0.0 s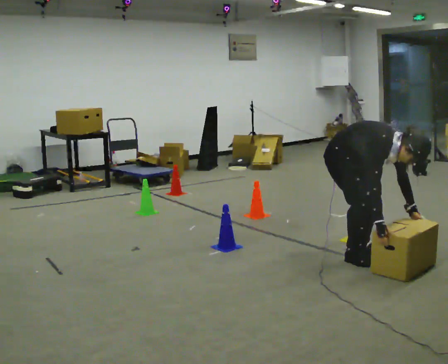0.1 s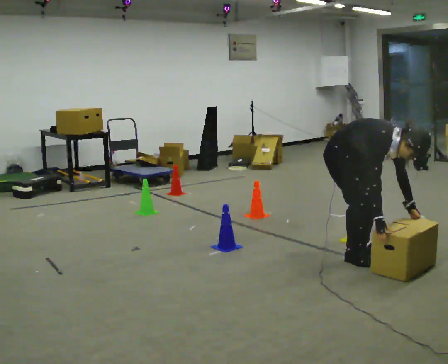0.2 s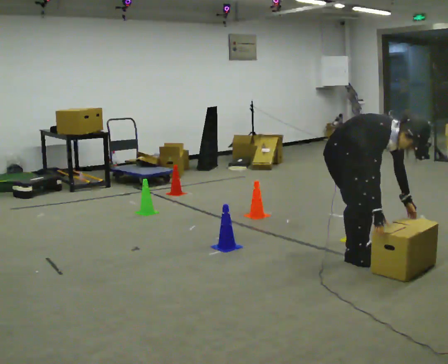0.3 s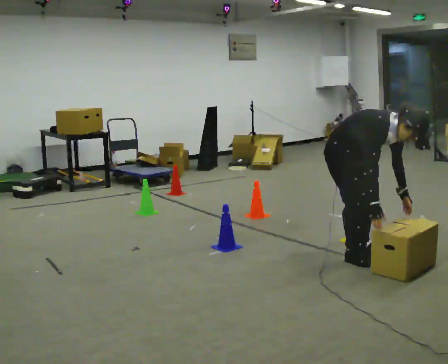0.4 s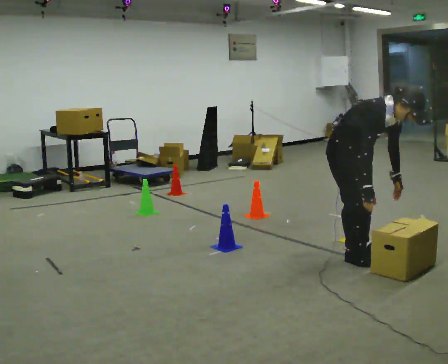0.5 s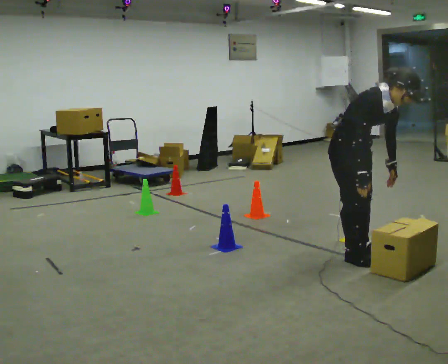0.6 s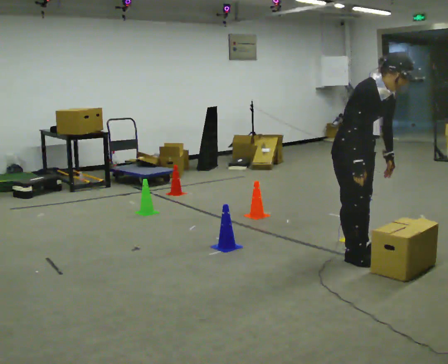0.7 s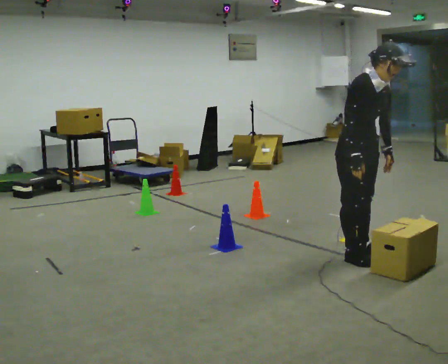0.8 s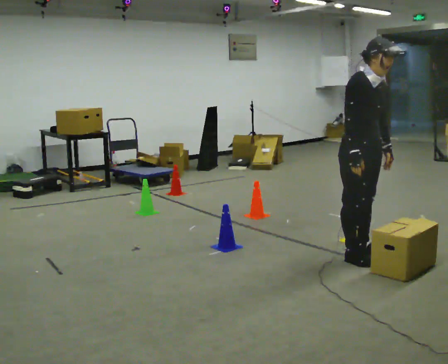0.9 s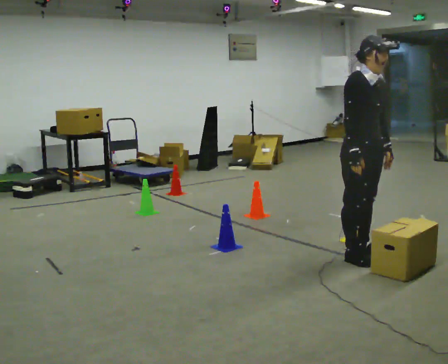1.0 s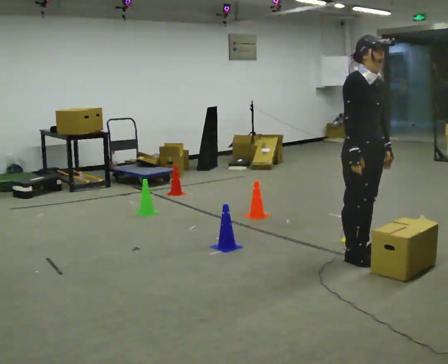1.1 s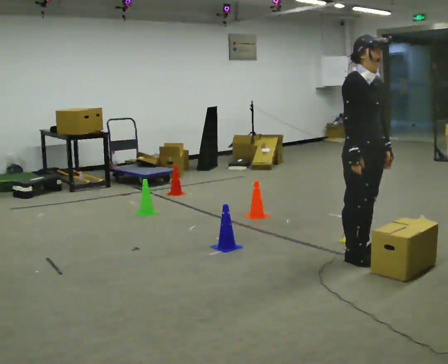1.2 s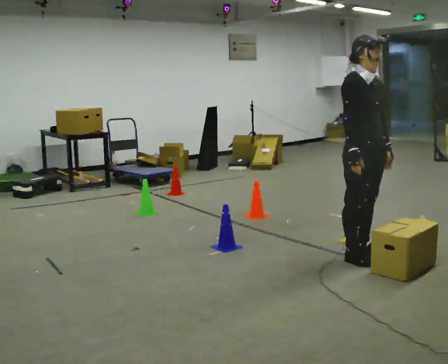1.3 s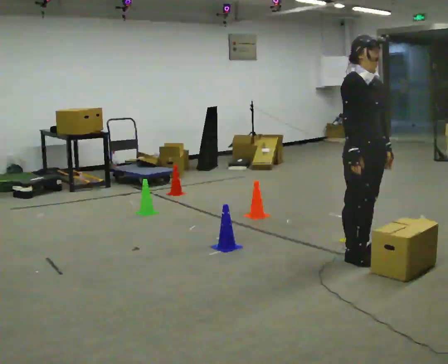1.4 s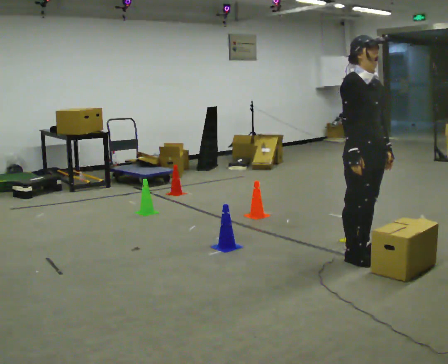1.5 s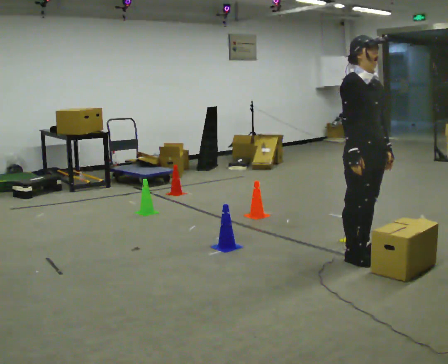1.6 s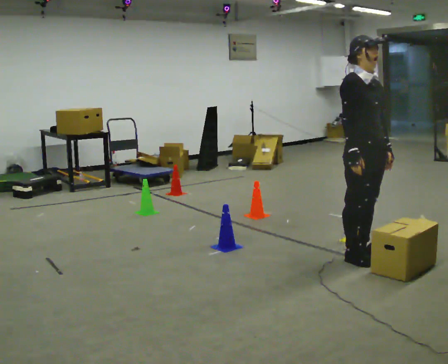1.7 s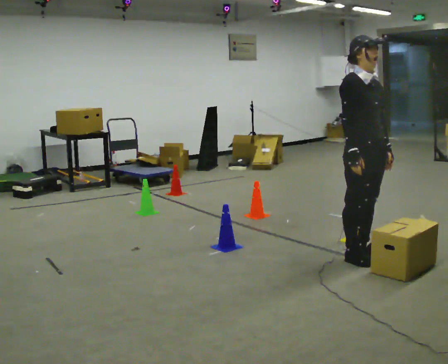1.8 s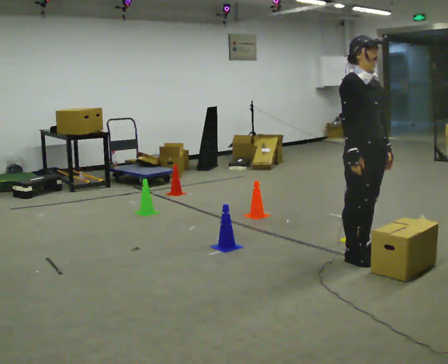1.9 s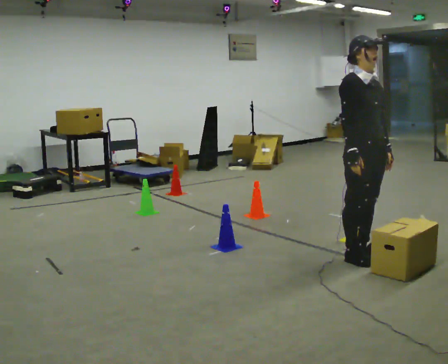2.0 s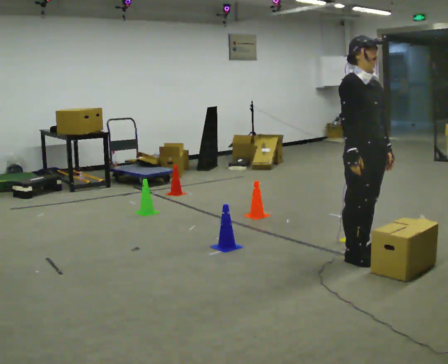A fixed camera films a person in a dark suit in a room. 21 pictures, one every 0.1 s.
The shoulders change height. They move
upward.
Their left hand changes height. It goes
upward.
0.0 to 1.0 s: The shoulders move upward. In the picture the upper body tilts counterclockwise, shoulders to the left, as they lean back or straighten. In the picture their left hand goes upward.
1.0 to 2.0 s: The person moves a little, or ends about where they began.
The film runs backward here.
